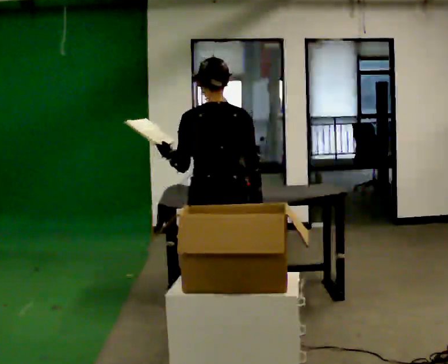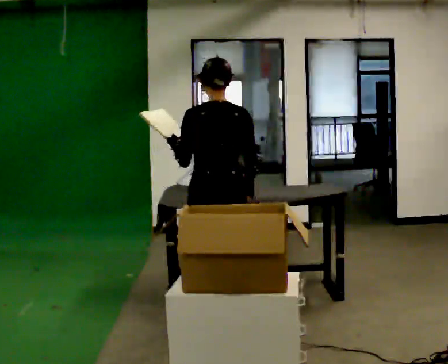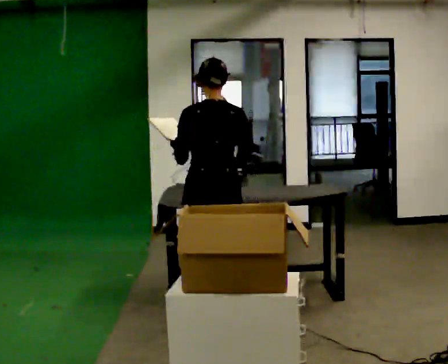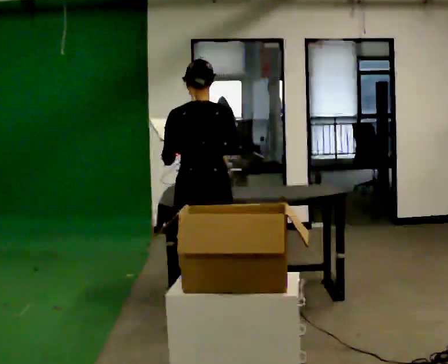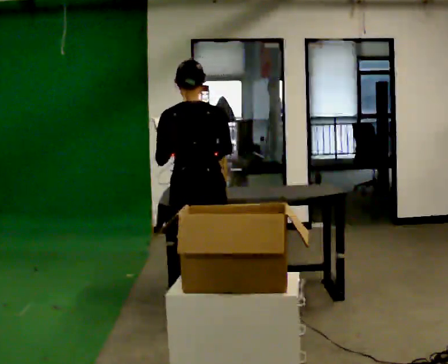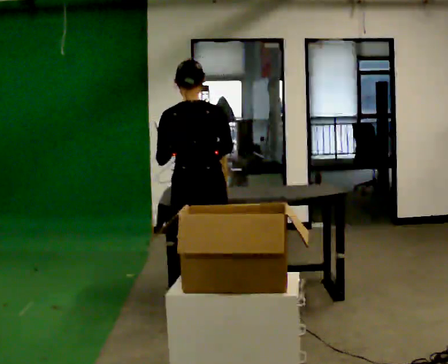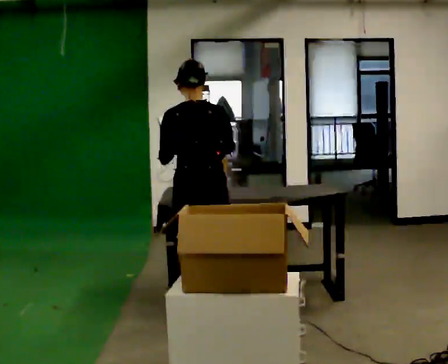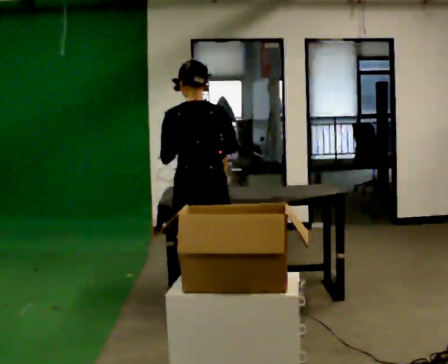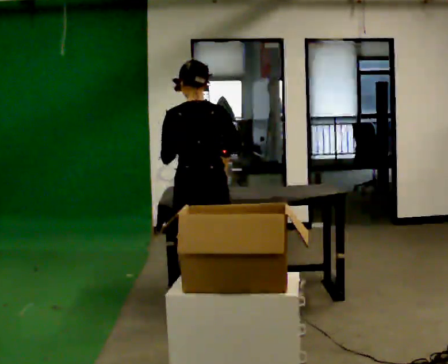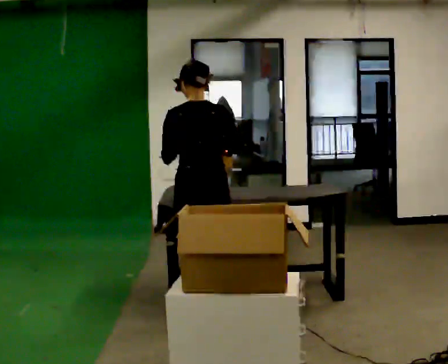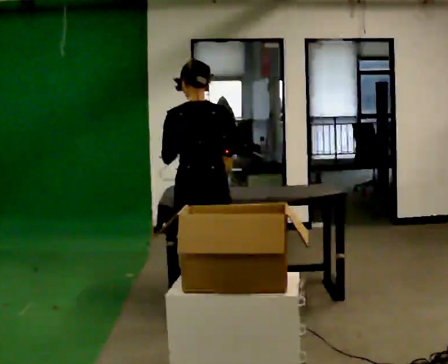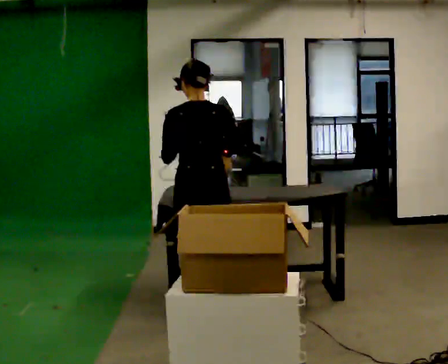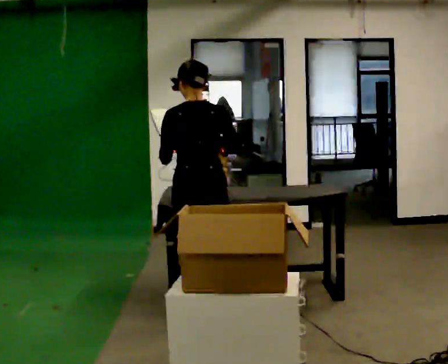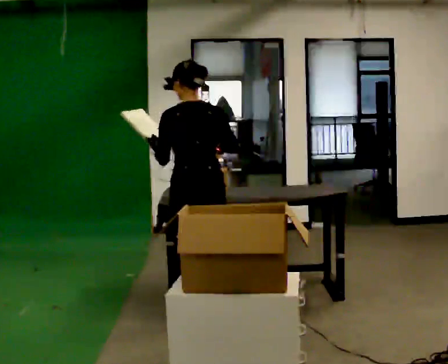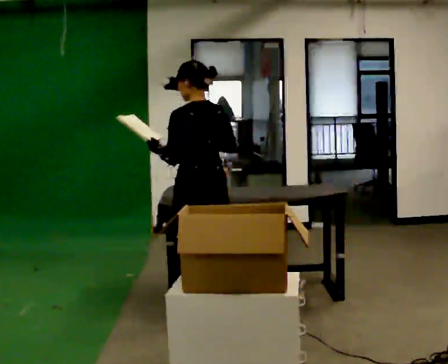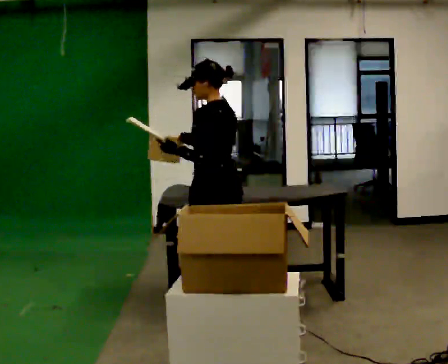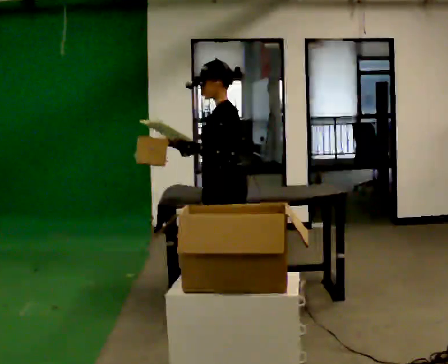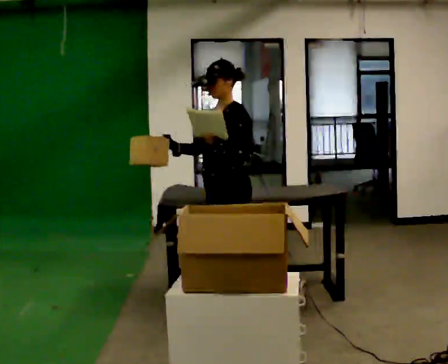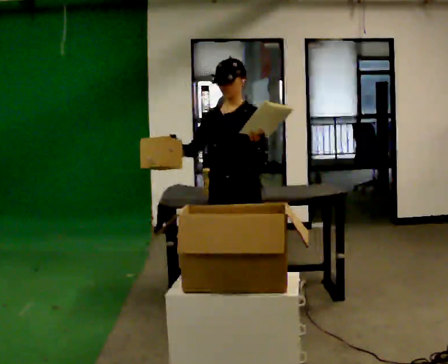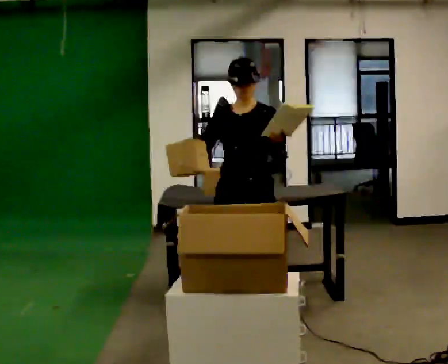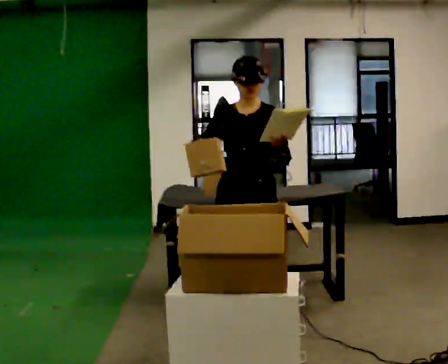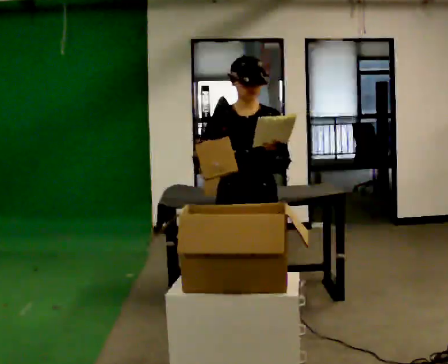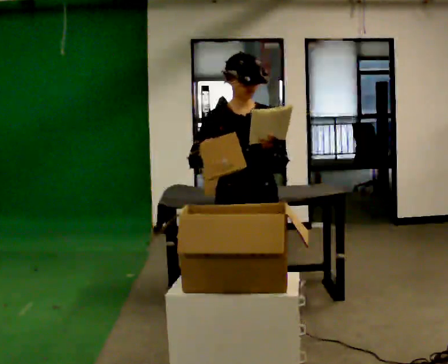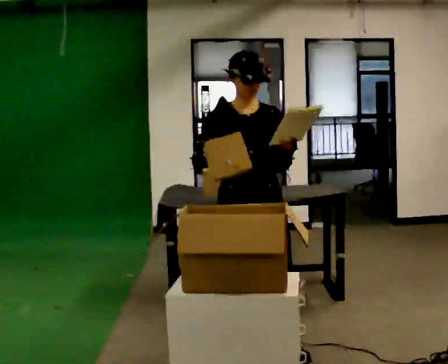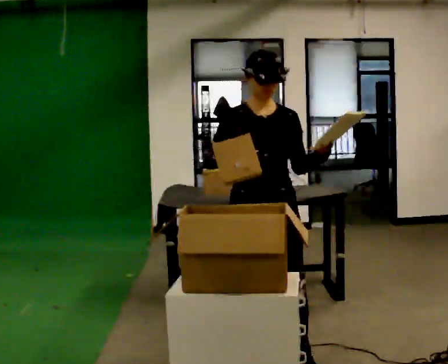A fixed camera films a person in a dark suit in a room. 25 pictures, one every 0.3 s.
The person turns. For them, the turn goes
to their left.
The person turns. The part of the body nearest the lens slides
to the right.
0.0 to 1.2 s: In the picture they go away from the camera, about 0.25 m in 1 step, which for them is forward.
1.2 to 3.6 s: The person moves a little, or ends about where they began.
3.6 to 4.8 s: The person turns about 90 degrees to their left, counterclockwise seen from above, so the part of the body nearest the lens slides to the right. In the picture they go to the right, about 0.25 m in 1 step.
4.8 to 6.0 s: Seen from above the body turns counterclockwise, about 90 degrees: to their left, with its near side sliding to the right. In the picture they go toward the camera, about 0.25 m in 1 step.
6.0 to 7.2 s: In the picture they go toward the camera, about 0.5 m in 2 steps, which for them is forward.
The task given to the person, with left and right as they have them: 1. Read the list the operator gives you. 2. Collect the six items on the list from the shelves. 3. Put them all in the bin on the table. 4. Tell the operator when you are finished.
The film runs forward here.
